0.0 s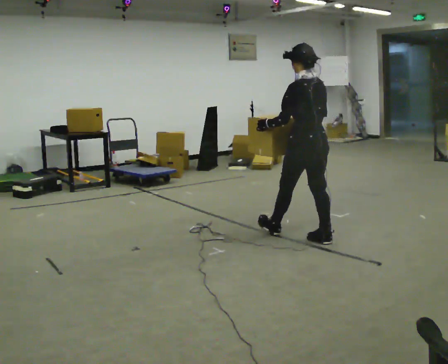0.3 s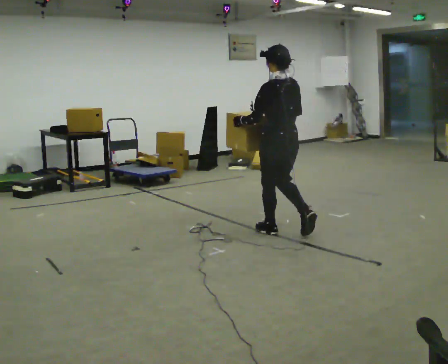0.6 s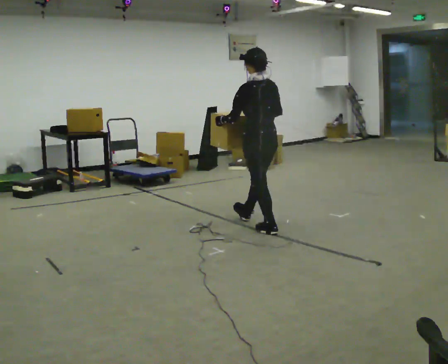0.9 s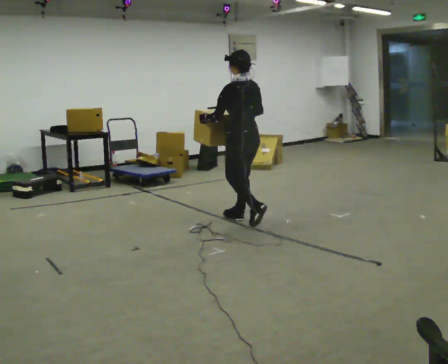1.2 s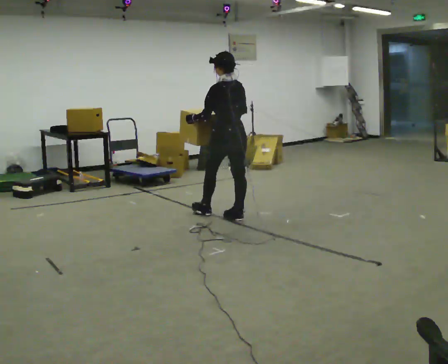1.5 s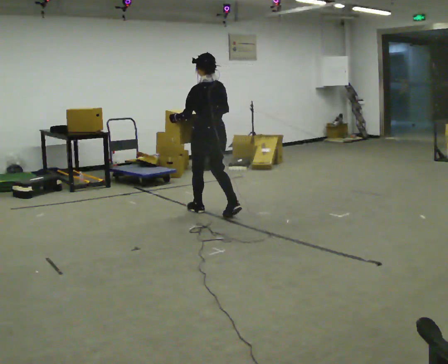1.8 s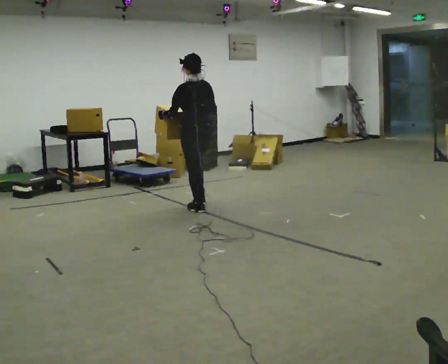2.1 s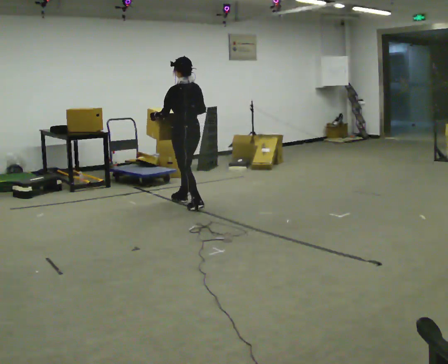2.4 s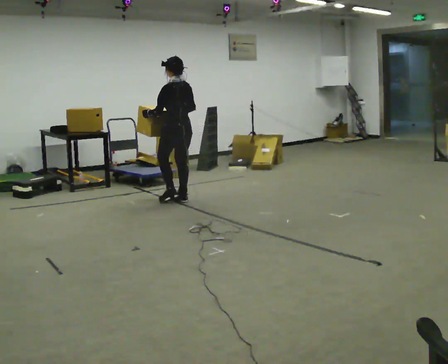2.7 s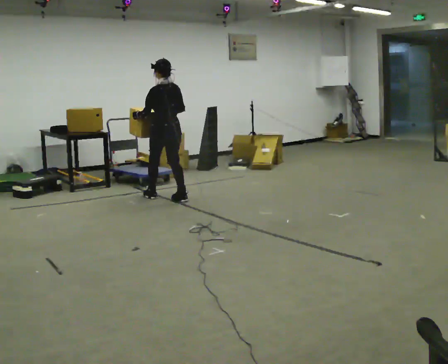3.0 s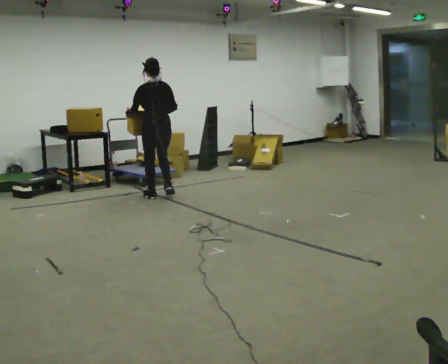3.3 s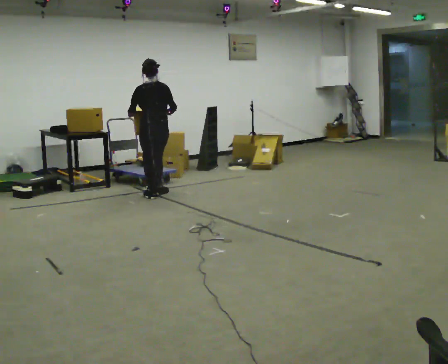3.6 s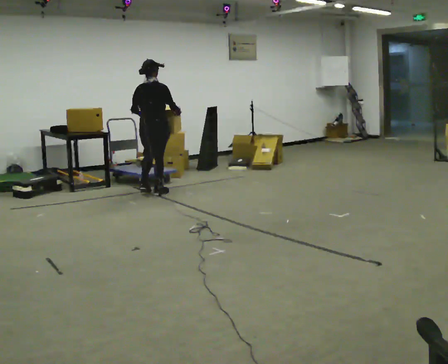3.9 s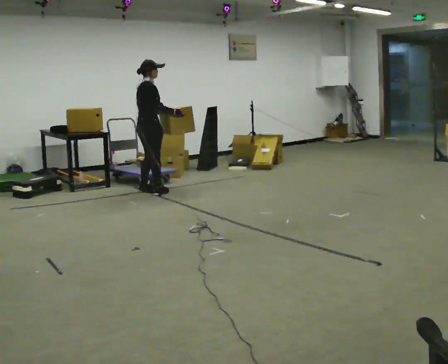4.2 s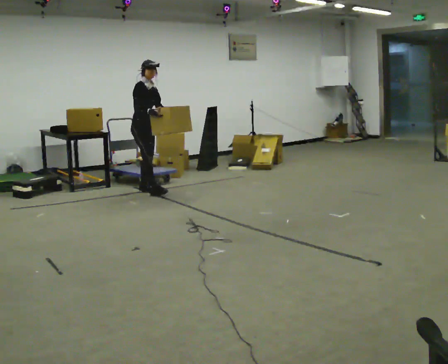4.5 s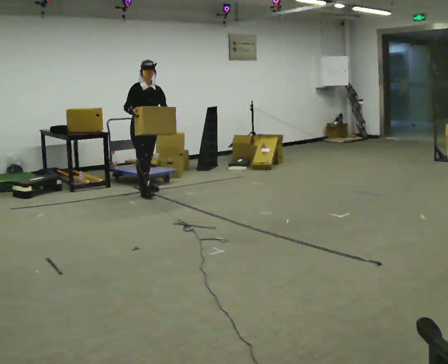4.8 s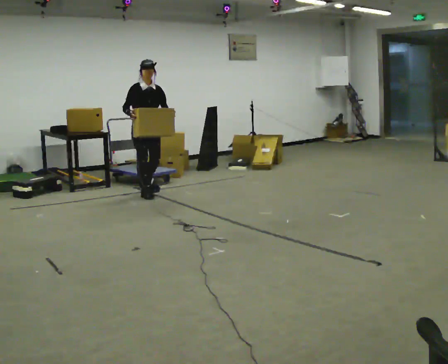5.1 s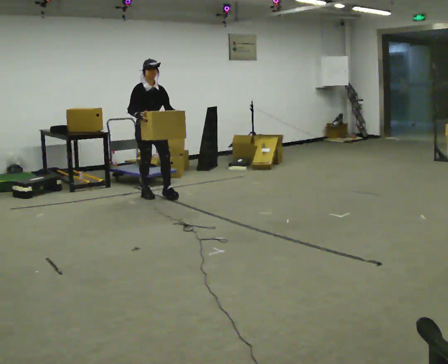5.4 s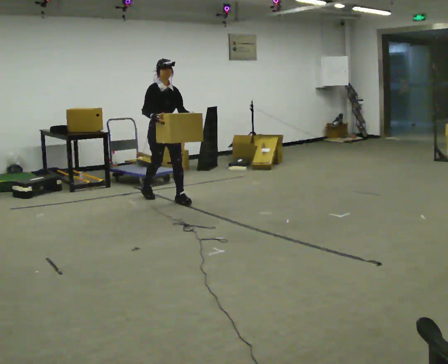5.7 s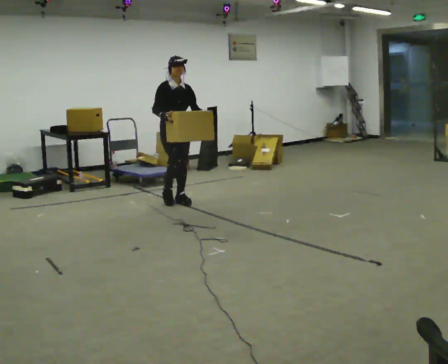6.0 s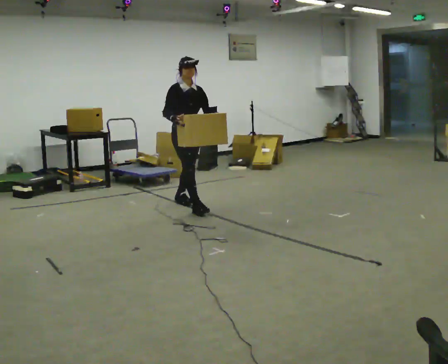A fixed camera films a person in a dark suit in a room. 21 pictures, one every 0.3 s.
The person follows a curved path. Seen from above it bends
counterclockwise.
0.0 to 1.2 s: In the picture they go away from the camera and to the left, about 1 m in 2 steps, which for them is forward.
1.2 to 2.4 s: In the picture they go away from the camera and to the left, about 1 m in 2 steps, which for them is forward.
2.4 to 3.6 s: The part of the body nearest the lens slides to the left as the person turns to their right by about 60 degrees. In the picture they go away from the camera and to the left, about 0.5 m in 2 steps.
3.6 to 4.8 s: The part of the body nearest the lens slides to the left as the person turns to their right by about 135 degrees. In the picture their right hand goes to the left.
4.8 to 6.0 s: In the picture they go toward the camera and to the right, about 1 m in 2 steps, which for them is forward.
The film runs forward here.
